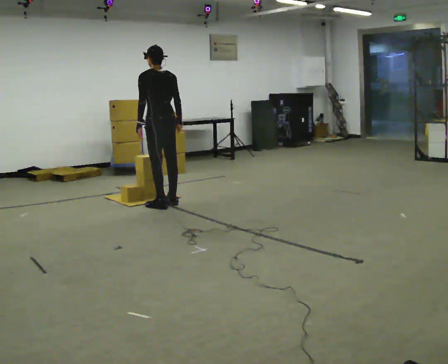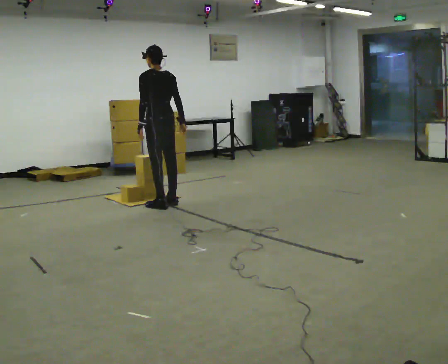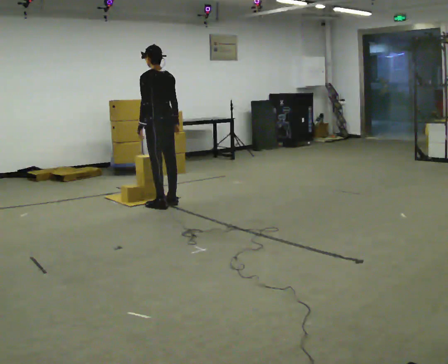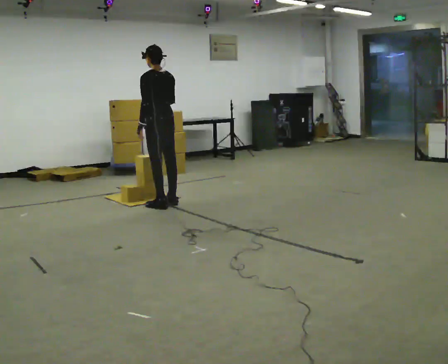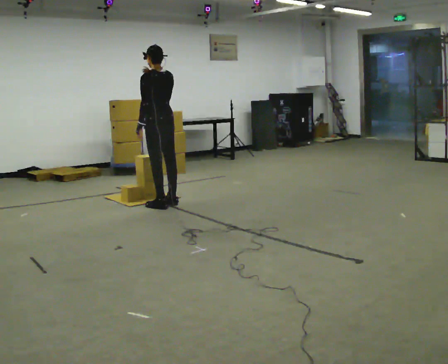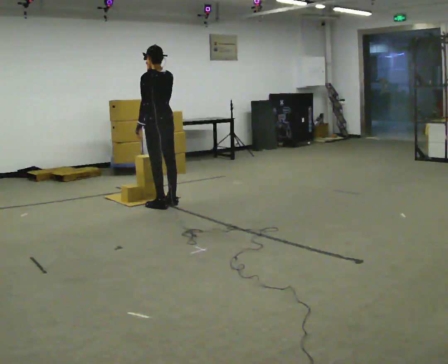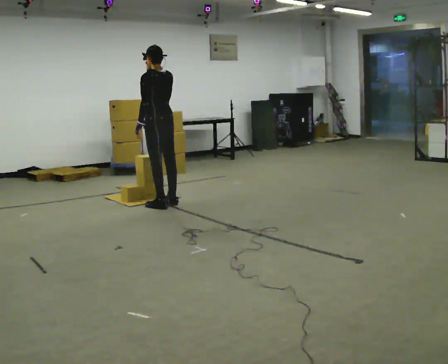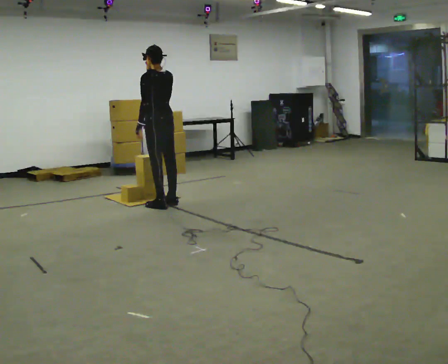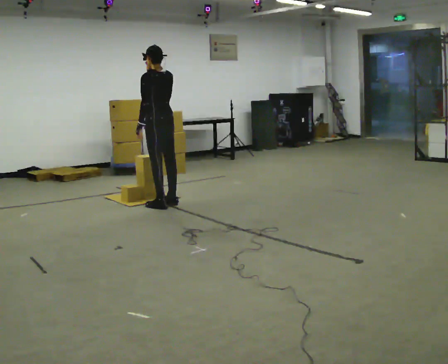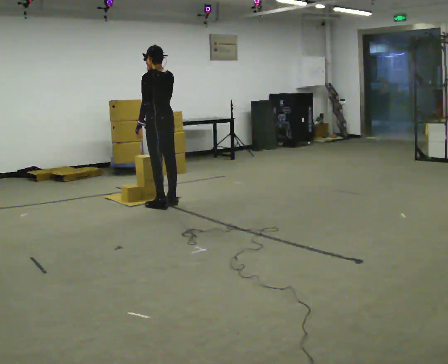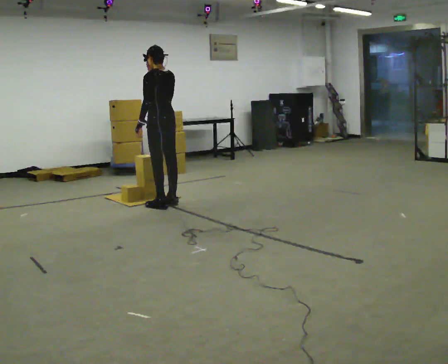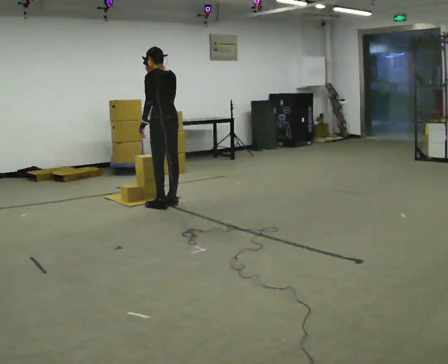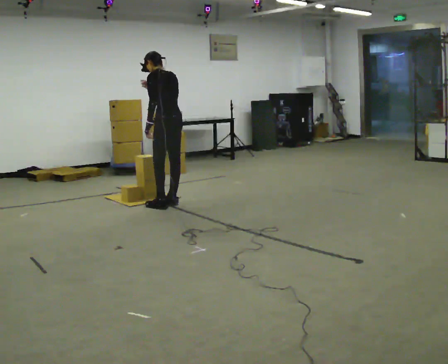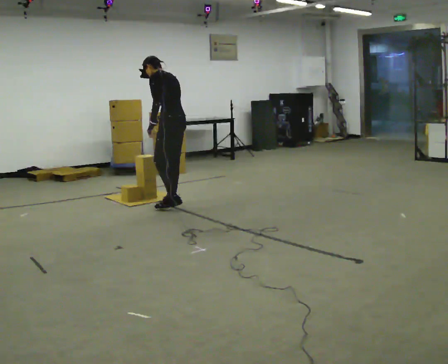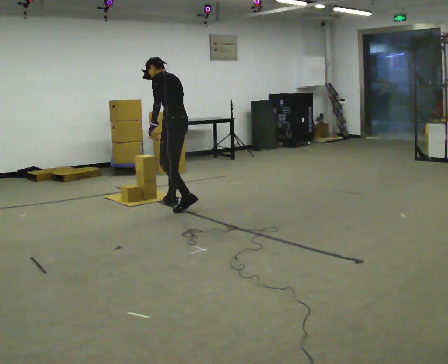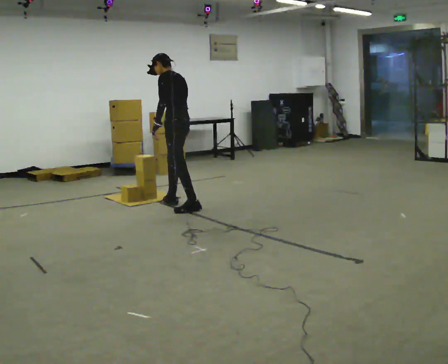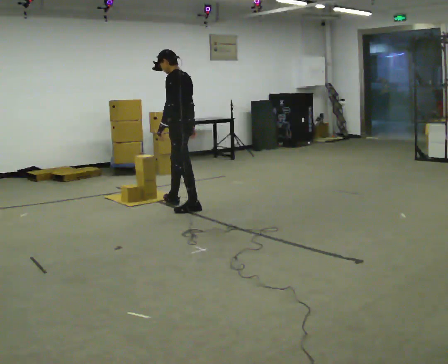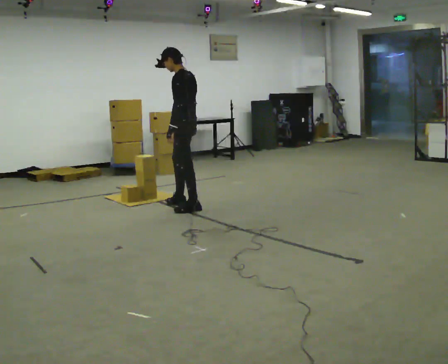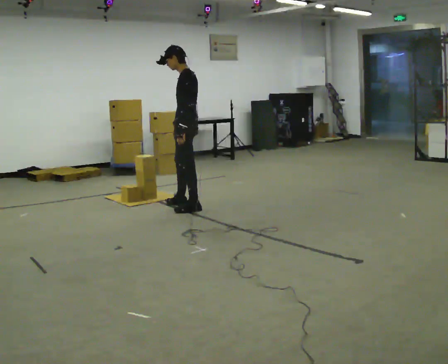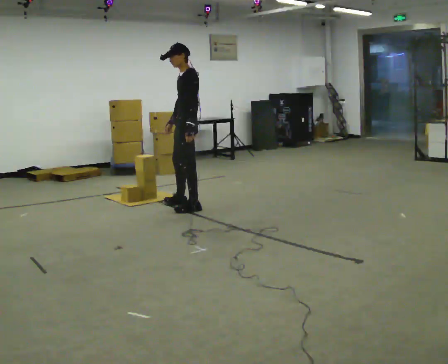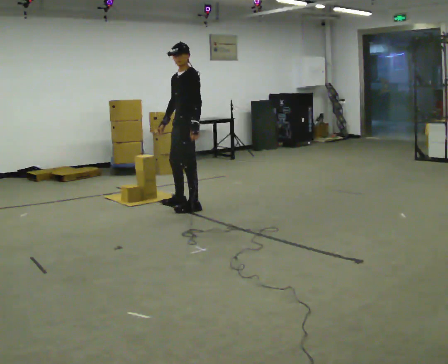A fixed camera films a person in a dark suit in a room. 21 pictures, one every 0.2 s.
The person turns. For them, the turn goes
to their left.
The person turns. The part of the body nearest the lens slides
to the right.
0.0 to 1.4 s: In the picture their right hand goes upward.
1.4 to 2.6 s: In the picture they go to the right, about 0.25 m in 1 step, which for them is backward. In the picture their right hand goes downward.
2.6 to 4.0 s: The person turns about 45 degrees to their left, counterclockwise seen from above, so the part of the body nearest the lens slides to the right. In the picture they go to the right, about 0.25 m, which for them is backward. In the picture their left hand goes to the right.
The film runs backward here.
